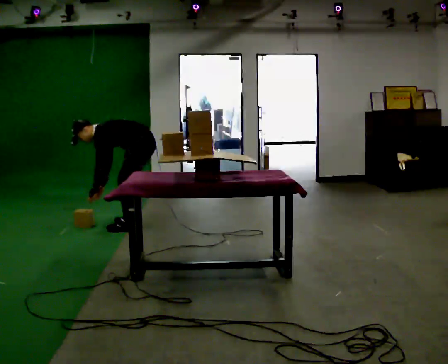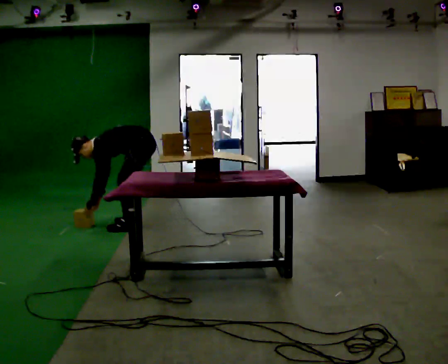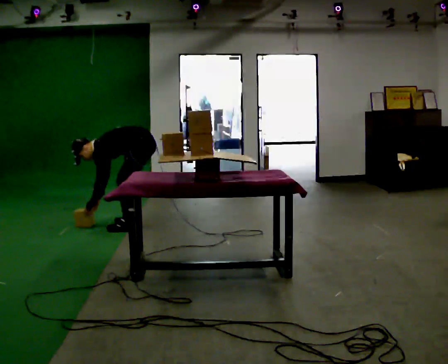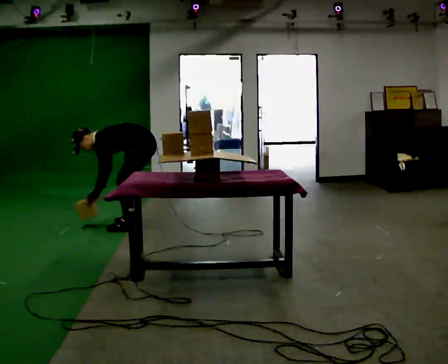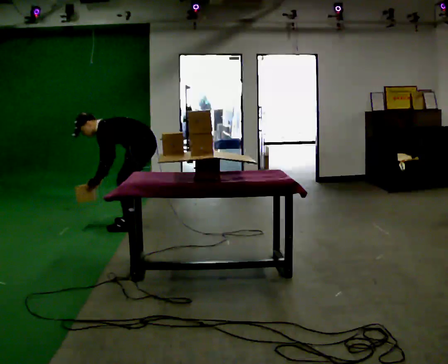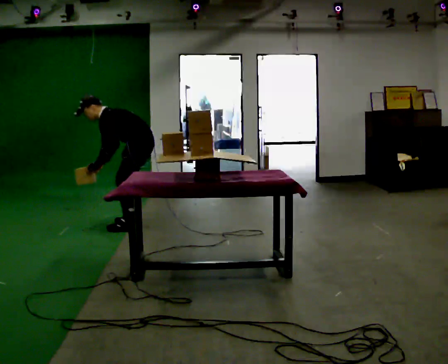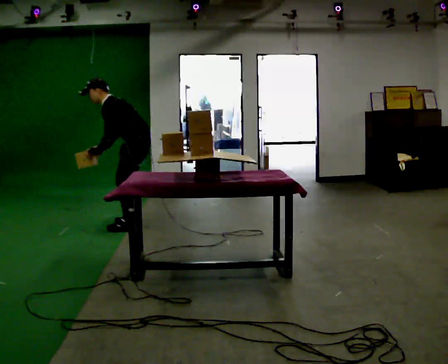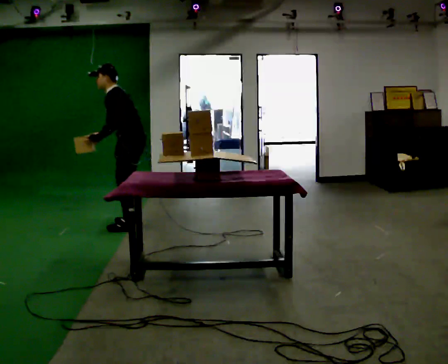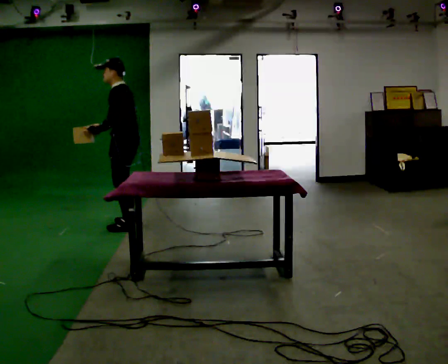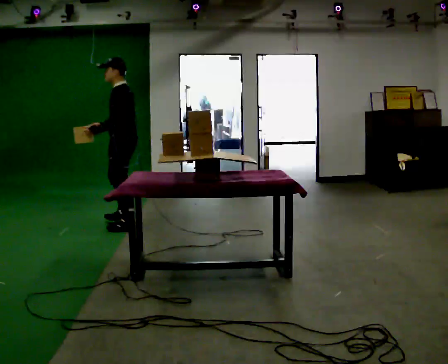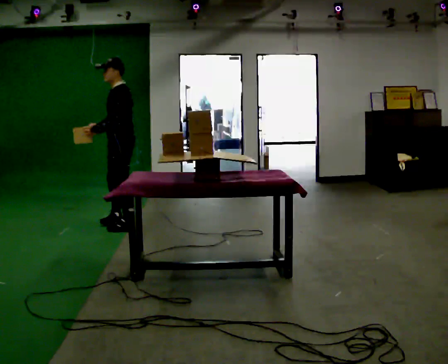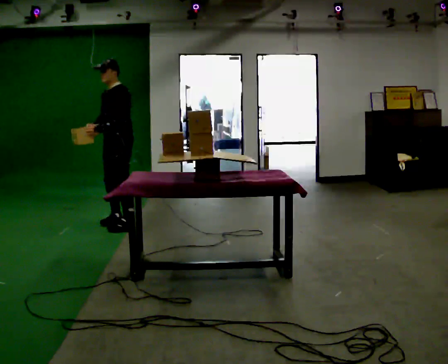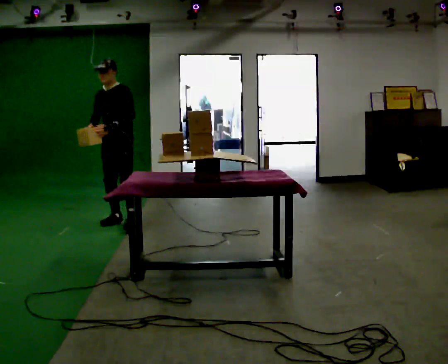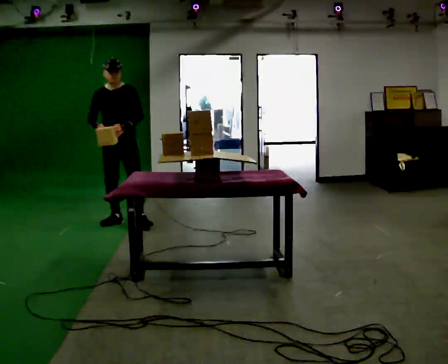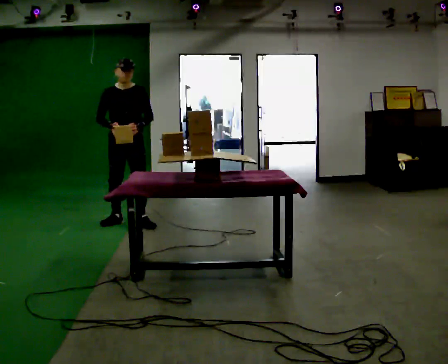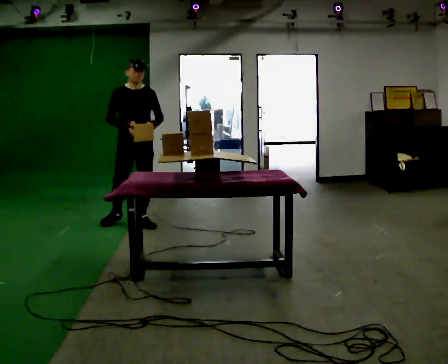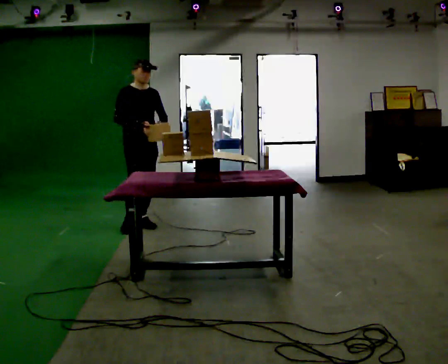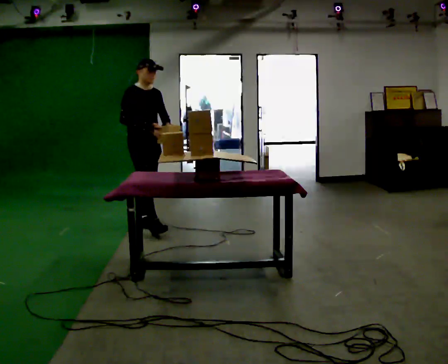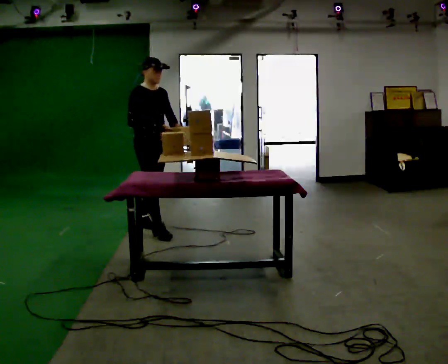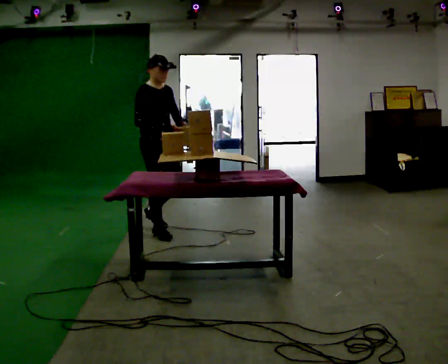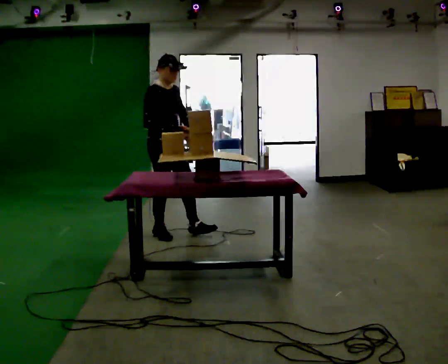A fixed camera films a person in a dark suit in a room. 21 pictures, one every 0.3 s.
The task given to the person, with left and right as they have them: Carry the object over and set it down on the wobbly board without tipping it over. Keep going until the operator says stop; one object at a time, and do not rush between trips.
0.0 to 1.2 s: The person moves a little, or ends about where they began.
1.2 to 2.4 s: In the picture they go to the left, about 0.25 m, which for them is forward. The shoulders move upward. In the picture the upper body tilts clockwise, shoulders to the right, as they lean back or straighten. In the picture their right hand goes upward.
2.4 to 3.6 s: Seen from above the body turns counterclockwise, about 60 degrees: to their left, with its near side sliding to the right. In the picture they go away from the camera, about 0.25 m in 1 step.
3.6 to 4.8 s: The person turns about 60 degrees to their left, counterclockwise seen from above, so the part of the body nearest the lens slides to the right. In the picture they go to the right, about 0.25 m in 1 step. In the picture their right hand goes to the right.
4.8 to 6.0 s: In the picture they go toward the camera and to the right, about 0.5 m in 1 step, which for them is forward.
The film runs forward here.
